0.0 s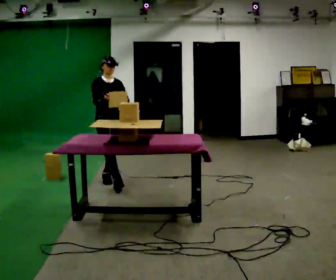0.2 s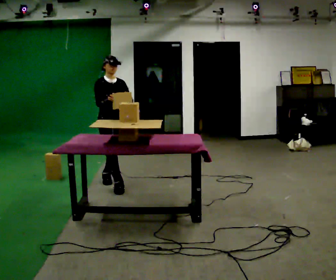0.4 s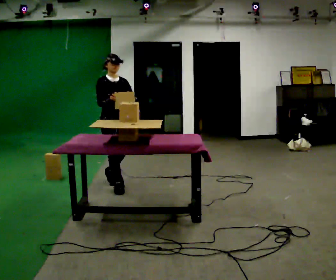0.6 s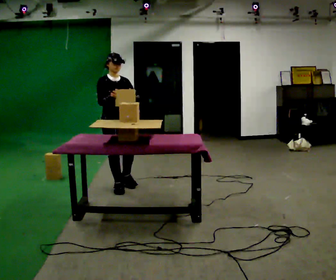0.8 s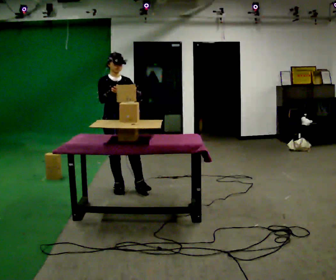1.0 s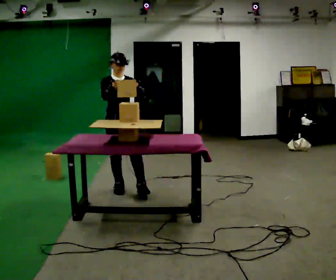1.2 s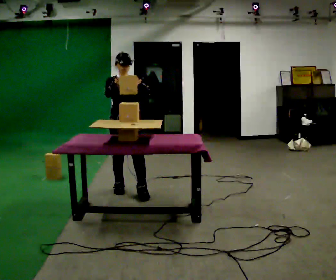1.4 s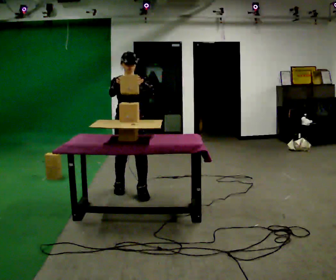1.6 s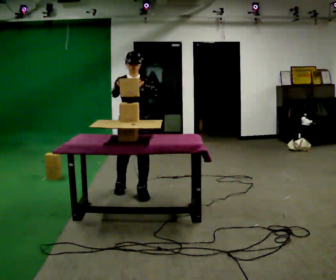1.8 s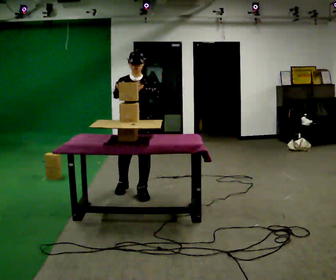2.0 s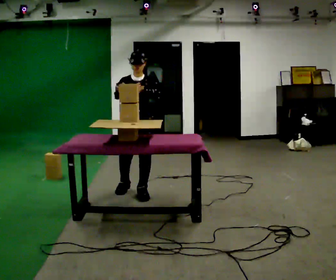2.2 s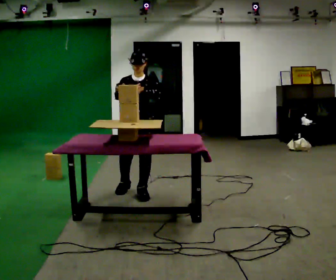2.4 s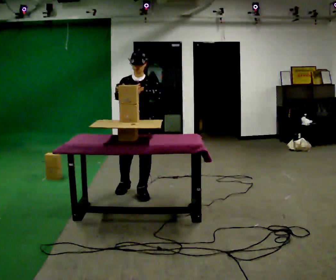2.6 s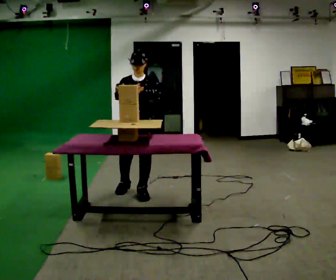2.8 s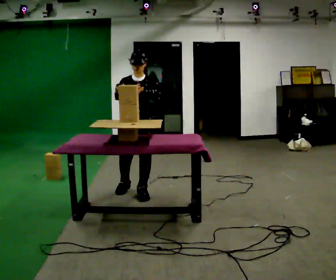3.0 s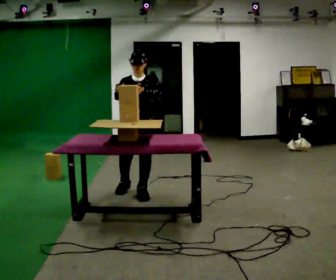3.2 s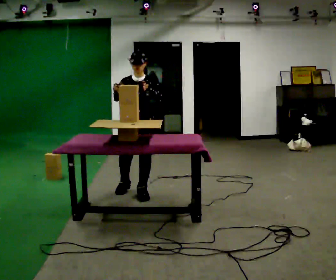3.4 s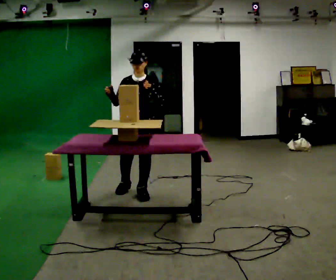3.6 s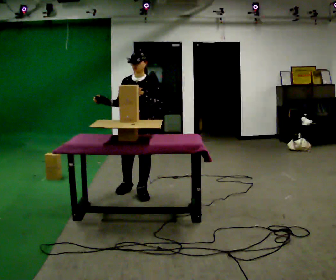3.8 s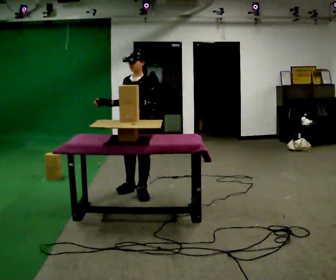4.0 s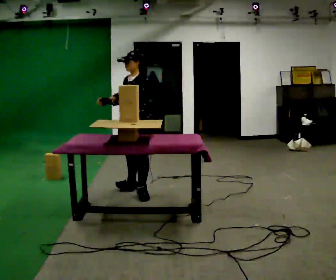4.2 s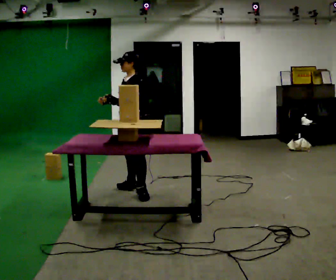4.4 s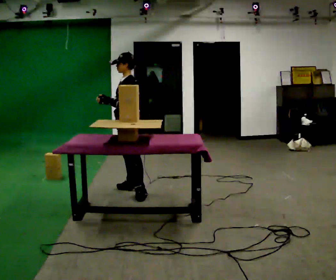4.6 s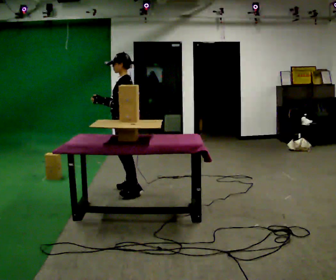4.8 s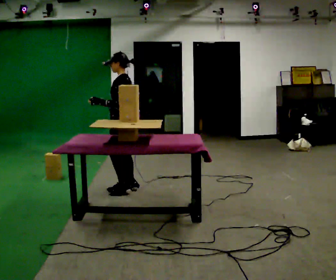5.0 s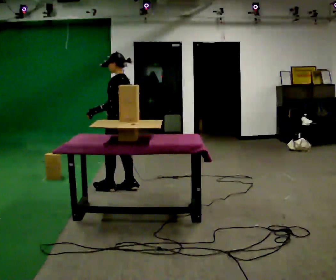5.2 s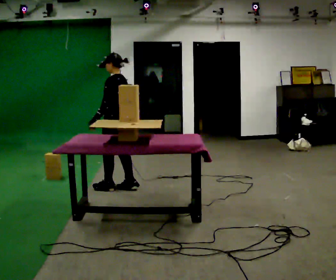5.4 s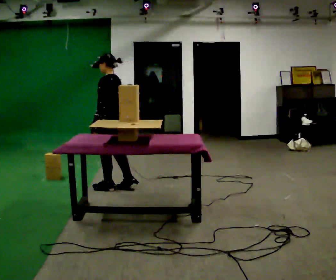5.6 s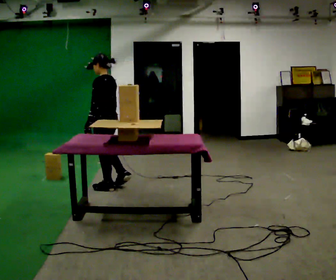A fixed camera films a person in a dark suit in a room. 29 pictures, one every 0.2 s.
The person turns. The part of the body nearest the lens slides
to the left.
The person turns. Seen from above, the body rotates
clockwise.
0.0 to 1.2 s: In the picture they go toward the camera and to the right, about 0.5 m in 1 step, which for them is forward.
1.2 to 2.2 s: In the picture they go to the right, about 0.25 m, which for them is to their left.
2.2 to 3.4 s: The person moves a little, or ends about where they began.
3.4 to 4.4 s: The person turns about 60 degrees to their right, clockwise seen from above, so the part of the body nearest the lens slides to the left. In the picture they go away from the camera, about 0.25 m.
4.4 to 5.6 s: The part of the body nearest the lens slides to the left as the person turns to their right by about 45 degrees. In the picture they go to the left, about 0.25 m in 1 step, which for them is forward.
The film runs forward here.
